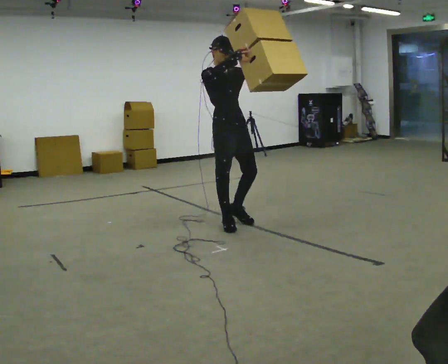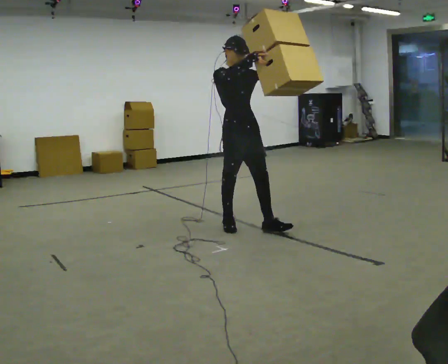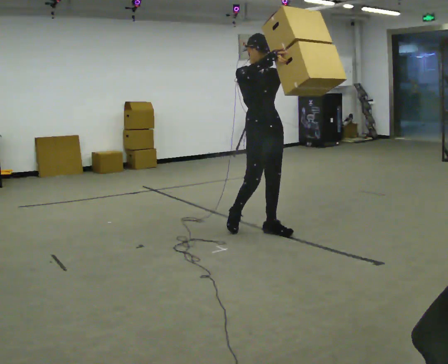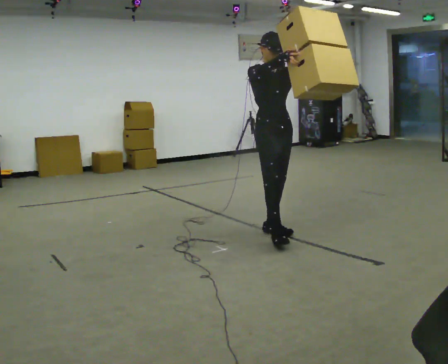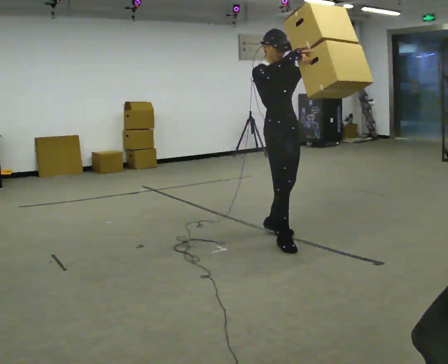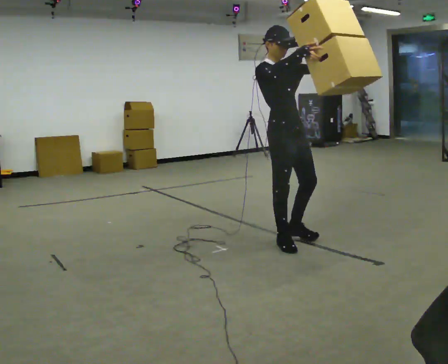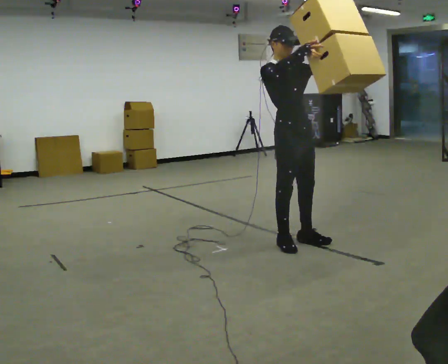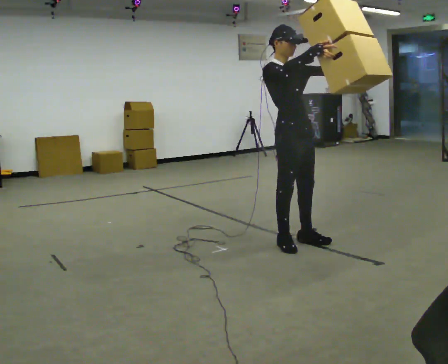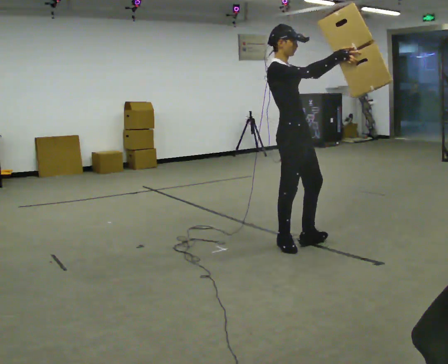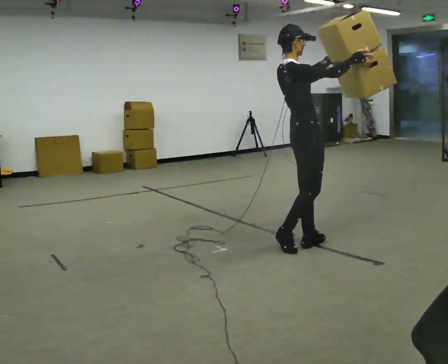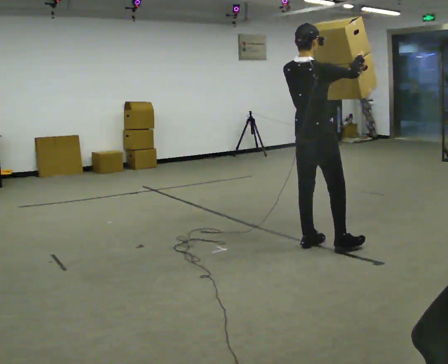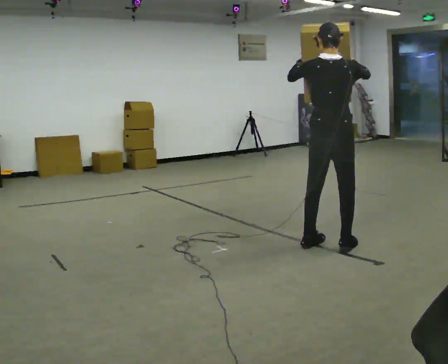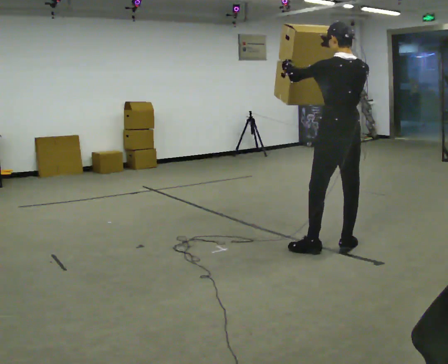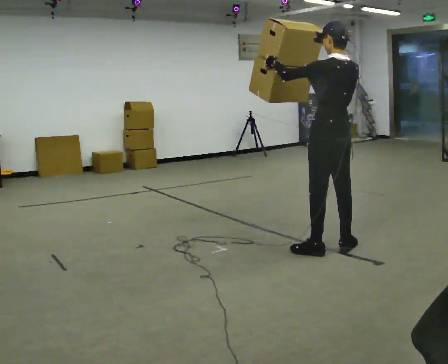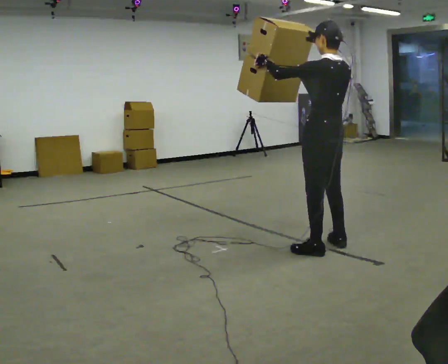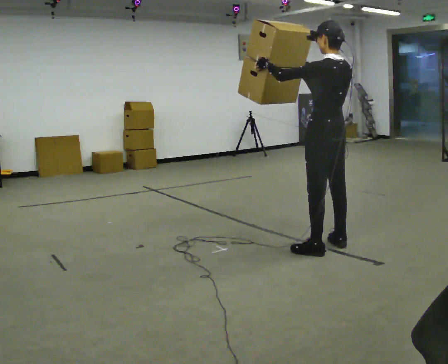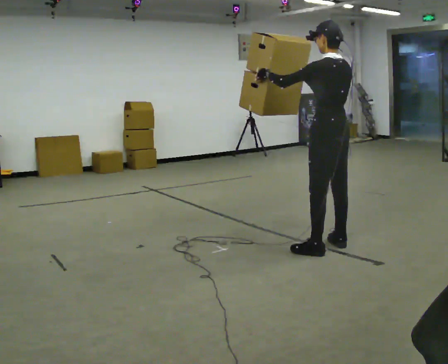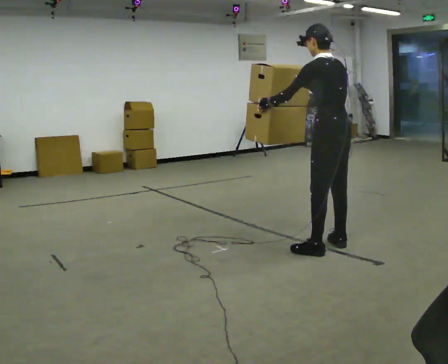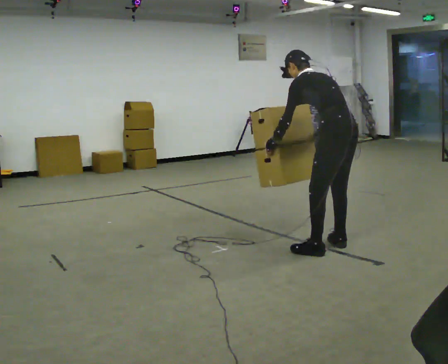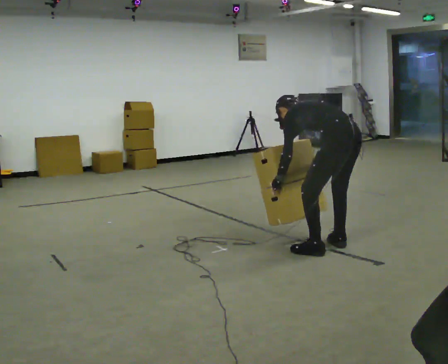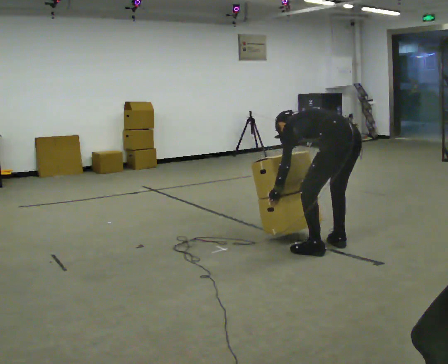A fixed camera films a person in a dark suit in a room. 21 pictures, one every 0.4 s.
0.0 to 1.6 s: In the picture they go to the right and toward the camera, about 0.75 m in 2 steps, which for them is forward.
1.6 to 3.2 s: Seen from above the body turns counterclockwise, about 30 degrees: to their left, with its near side sliding to the right. In the picture they go toward the camera, about 0.25 m in 1 step, which for them is forward.
3.2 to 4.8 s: Seen from above the body turns counterclockwise, about 120 degrees: to their left, with its near side sliding to the right. In the picture they go to the right, about 0.5 m in 2 steps. In the picture the upper body tilts clockwise, shoulders to the right.
4.8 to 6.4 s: The person moves a little, or ends about where they began.
6.4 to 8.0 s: The upper body goes downward. The upper body tips away from the camera, its near side rolling upward, as they bend forward. In the picture their right hand goes downward.
The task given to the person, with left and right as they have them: Carry the large panel across the room. It will block your view ahead, so take whatever route feels safe. Keep going until the operator says stop; one object at a time, and do not rush between trips.
The film runs forward here.
